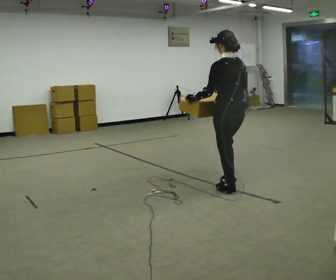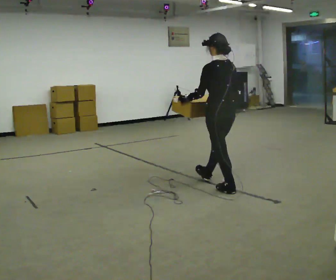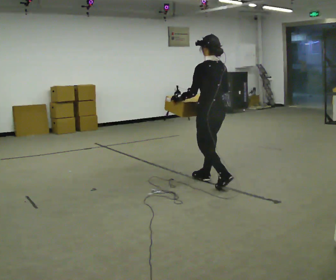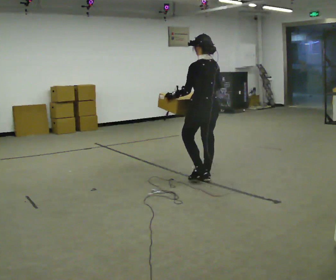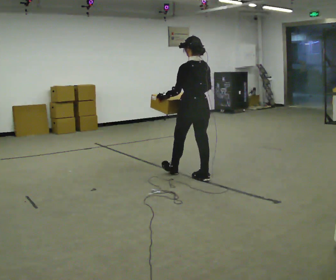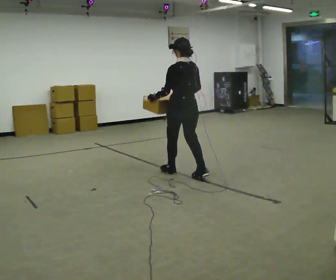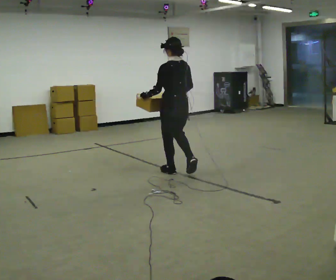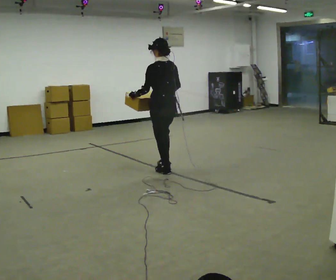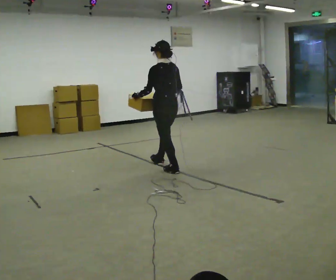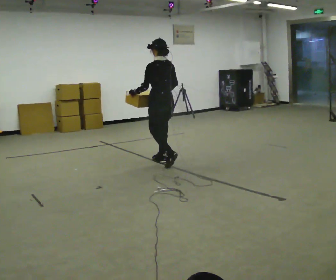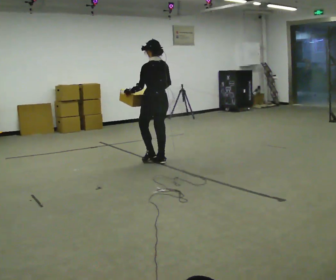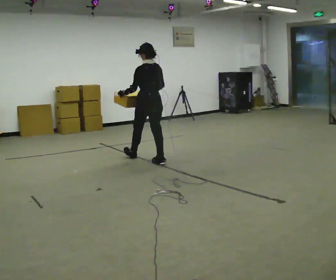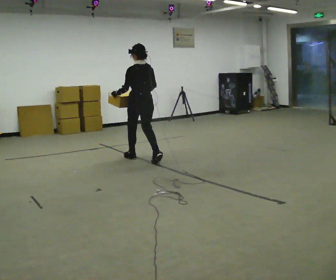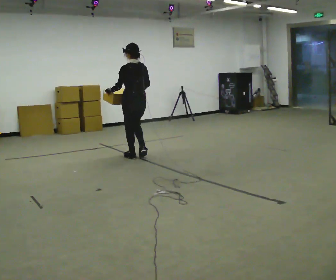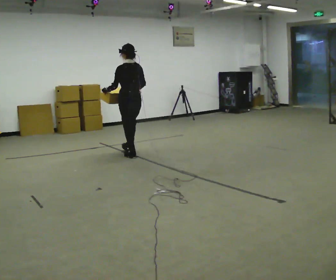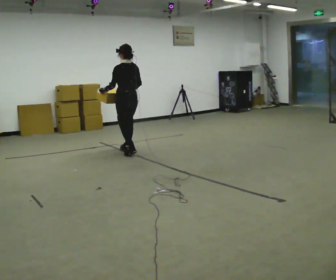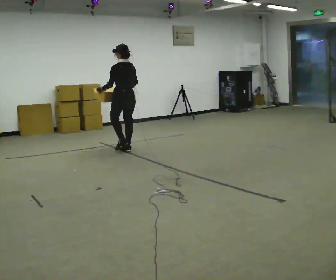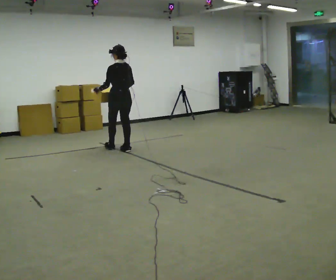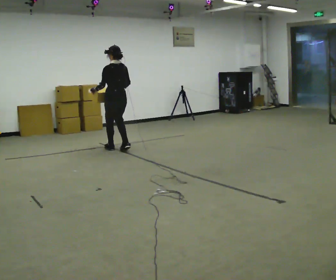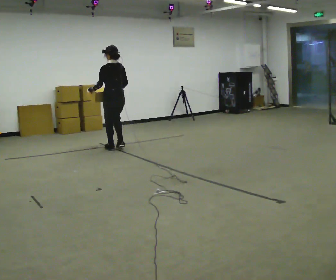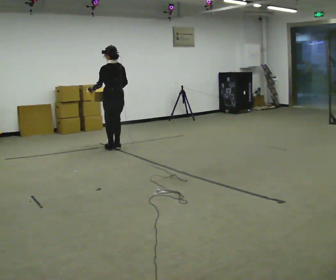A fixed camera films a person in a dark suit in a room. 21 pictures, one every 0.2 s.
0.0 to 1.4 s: In the picture they go away from the camera and to the left, about 1 m in 2 steps, which for them is forward.
1.4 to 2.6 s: In the picture they go away from the camera and to the left, about 1 m in 2 steps, which for them is forward.
2.6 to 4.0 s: In the picture they go away from the camera and to the left, about 0.75 m in 3 steps, which for them is forward.
The film runs forward here.
